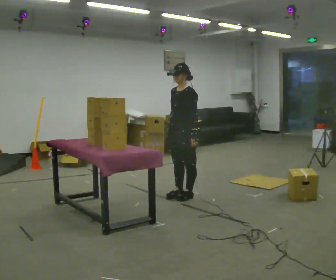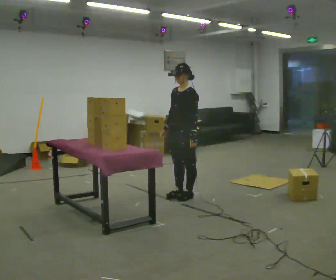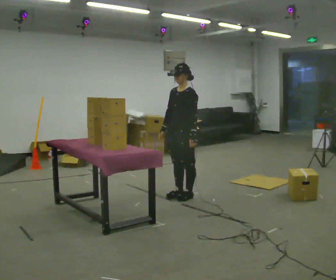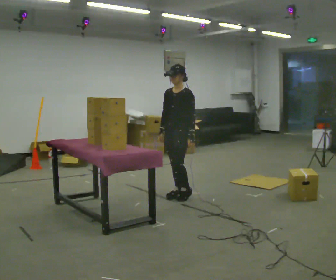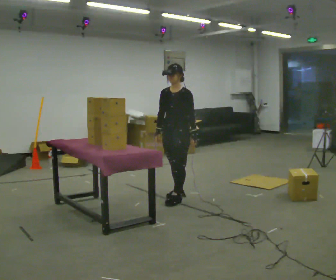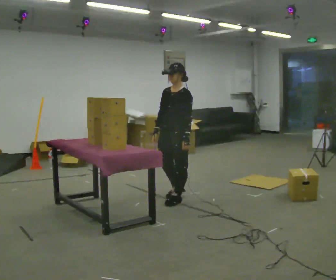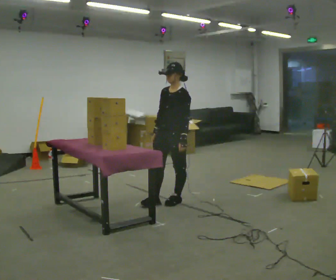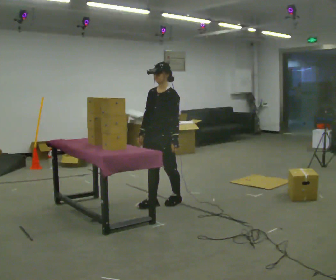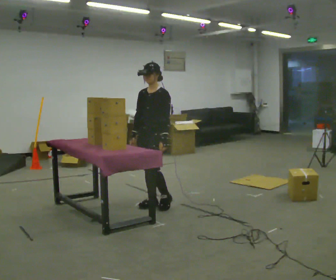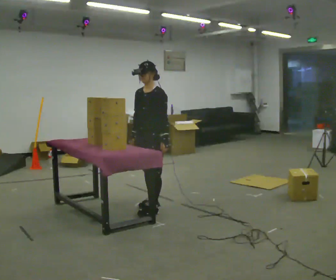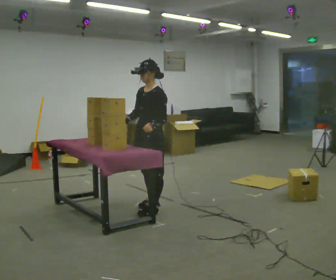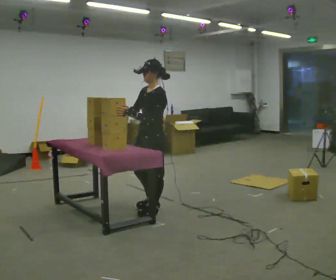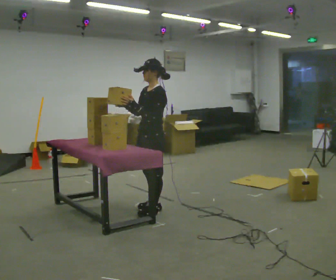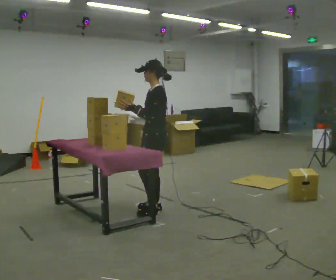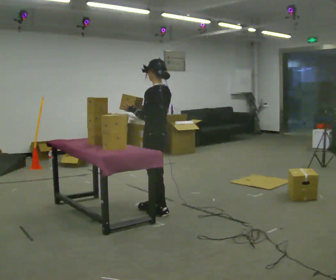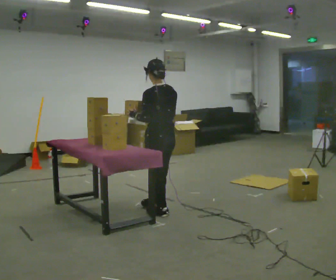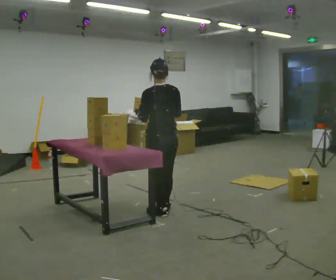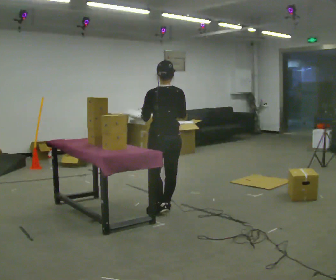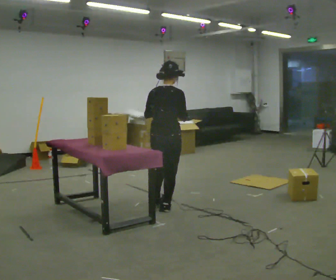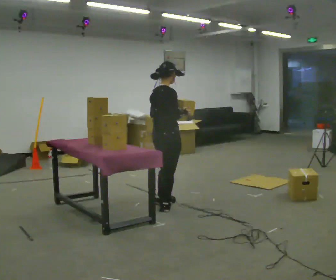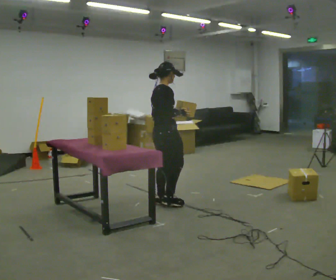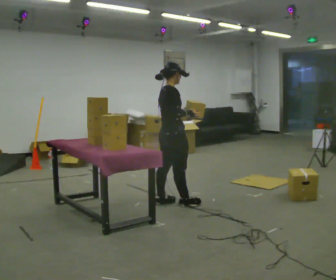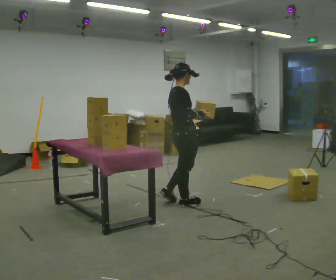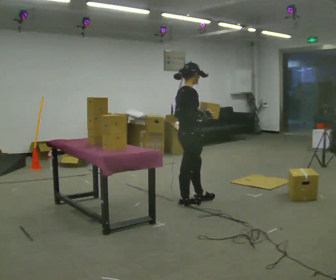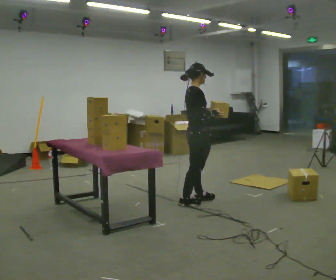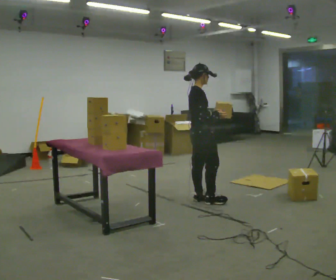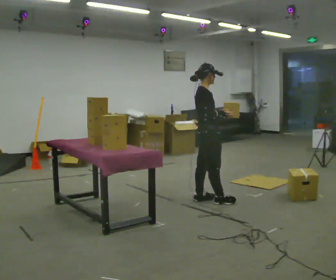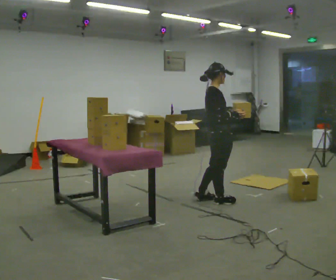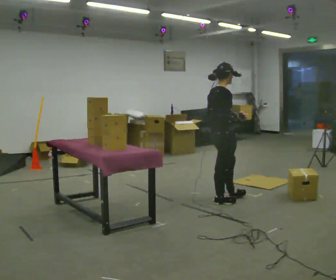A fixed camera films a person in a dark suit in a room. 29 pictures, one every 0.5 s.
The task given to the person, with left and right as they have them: Take each object from the table and put it in the bin that matches it, walking between the bins. Keep going until the operator says stop; one object at a time, and do not rush between trips.
0.0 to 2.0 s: The person moves a little, or ends about where they began.
2.0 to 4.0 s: In the picture they go toward the camera and to the left, about 0.5 m in 1 step, which for them is forward.
4.0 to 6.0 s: The part of the body nearest the lens slides to the left as the person turns to their right by about 30 degrees. In the picture they go toward the camera, about 0.25 m in 2 steps, which for them is to their left and forward. In the picture their left hand goes upward.
6.0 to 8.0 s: Seen from above the body turns clockwise, about 90 degrees: to their right, with its near side sliding to the left. In the picture their right hand goes to the right.
8.0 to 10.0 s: The part of the body nearest the lens slides to the left as the person turns to their right by about 105 degrees. In the picture they go away from the camera, about 0.25 m in 1 step.
10.0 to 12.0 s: In the picture they go to the right, about 0.5 m in 2 steps, which for them is forward.
12.0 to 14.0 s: In the picture they go to the right, about 0.25 m in 1 step, which for them is forward.
The film runs forward here.
